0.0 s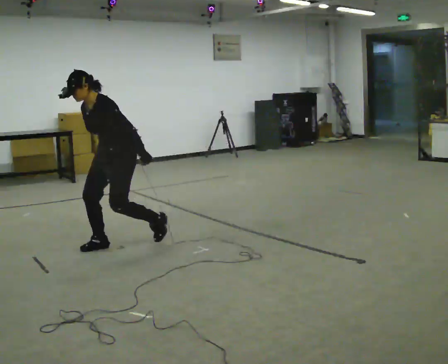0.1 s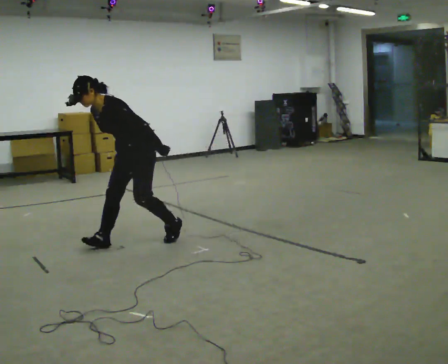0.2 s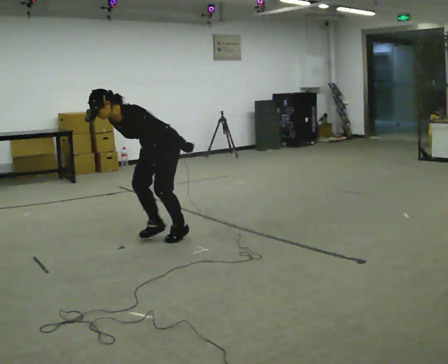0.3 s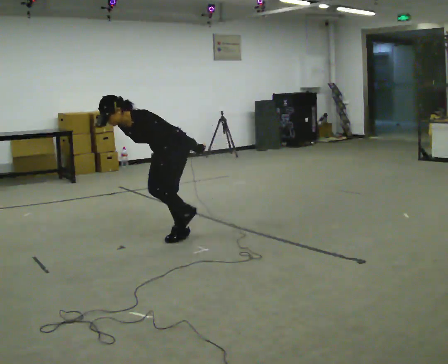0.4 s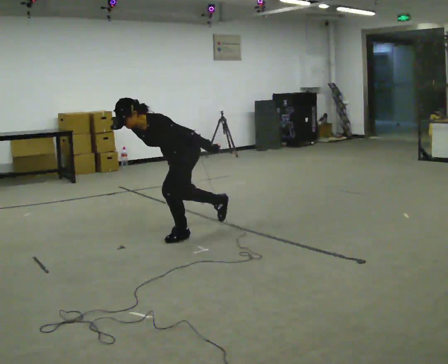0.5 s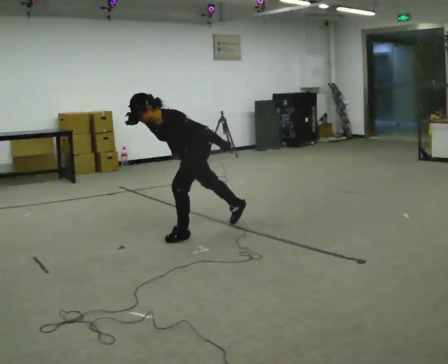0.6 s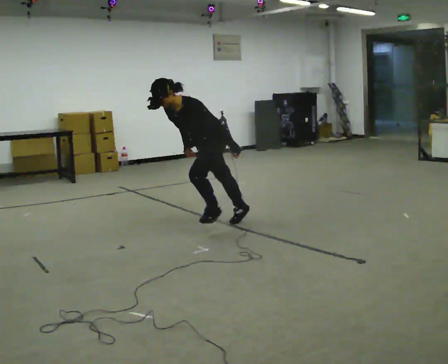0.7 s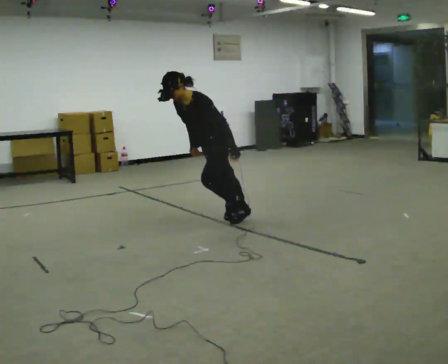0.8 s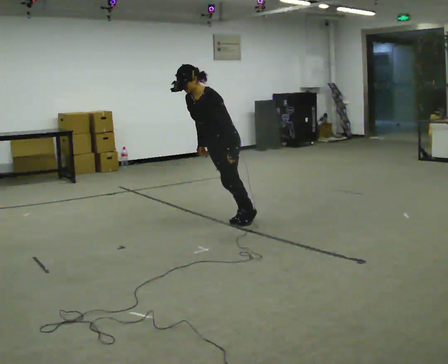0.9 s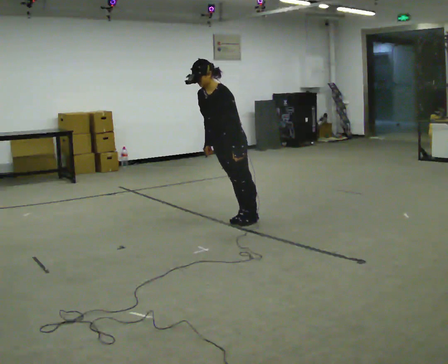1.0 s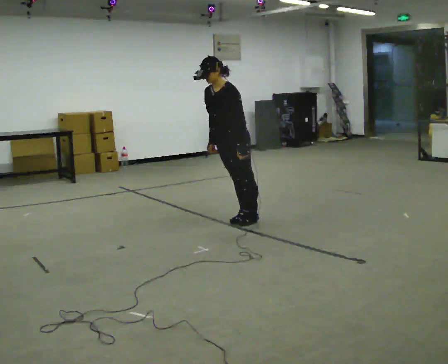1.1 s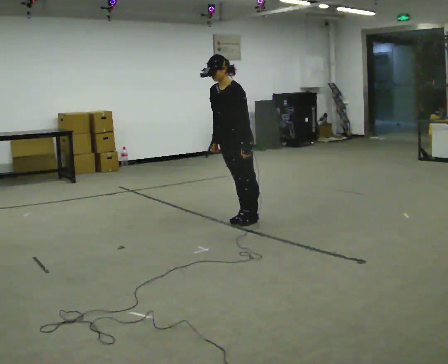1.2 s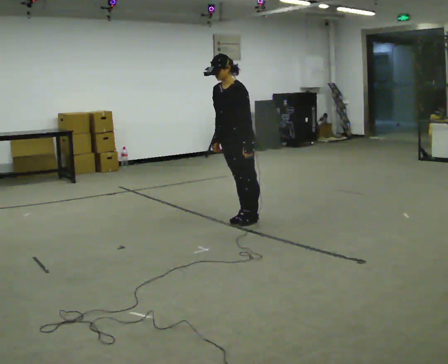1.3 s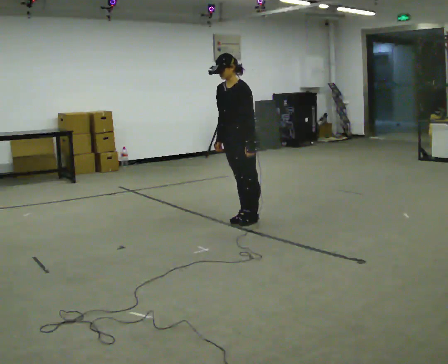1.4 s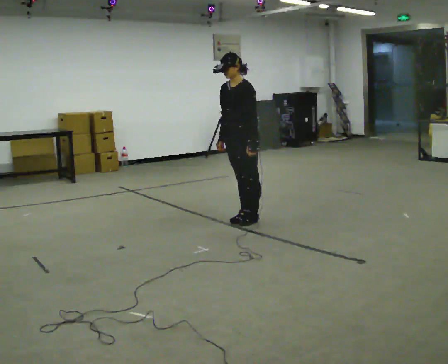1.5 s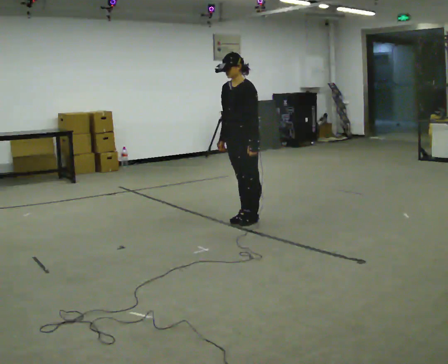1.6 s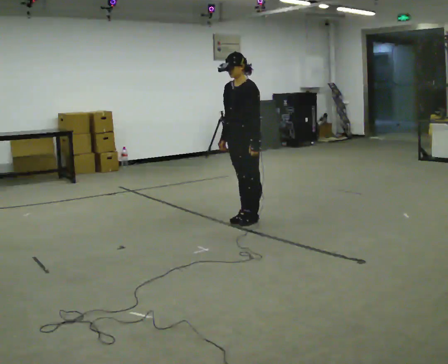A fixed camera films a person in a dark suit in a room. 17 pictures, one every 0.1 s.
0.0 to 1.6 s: In the picture they go to the right and away from the camera, about 1.5 m in 2 steps, which for them is backward.
The film runs backward here.
